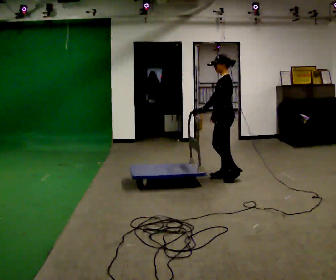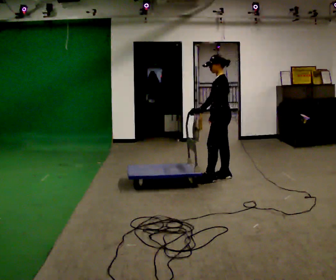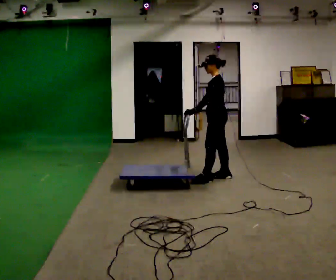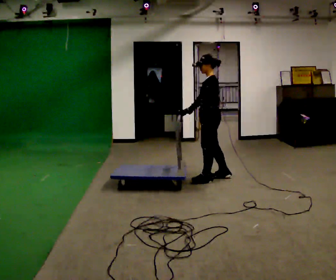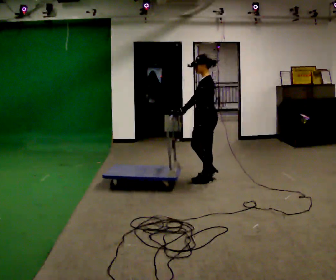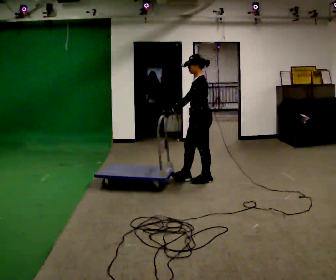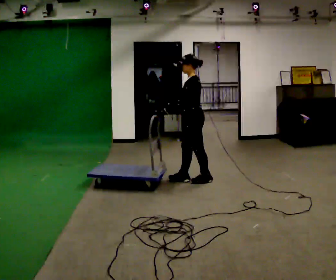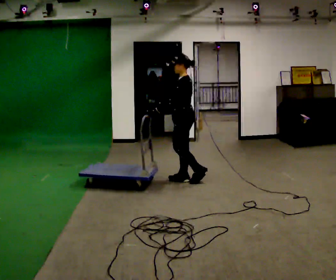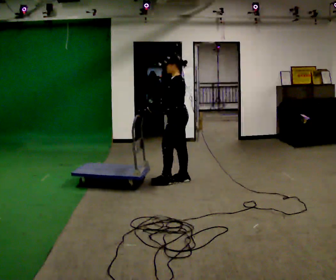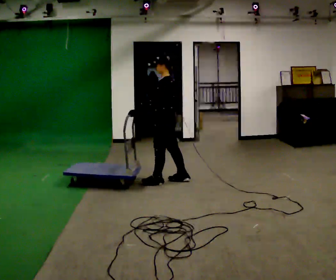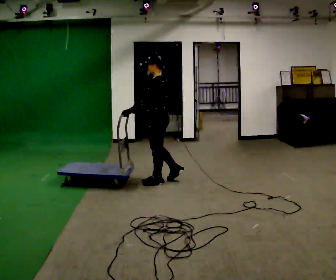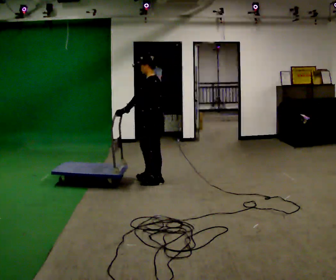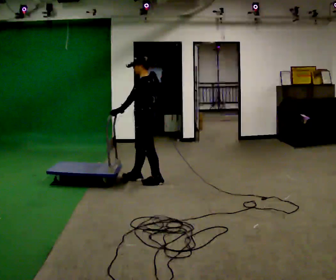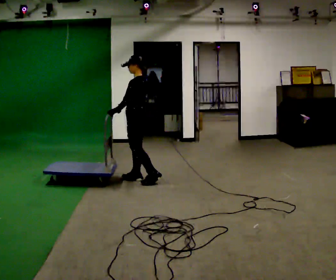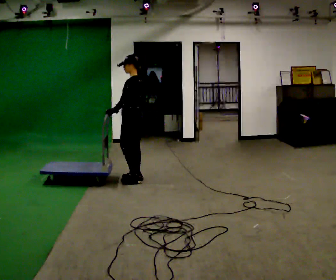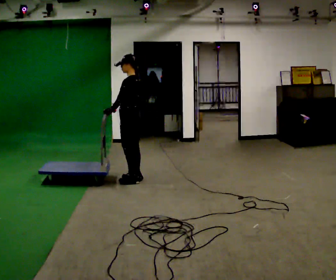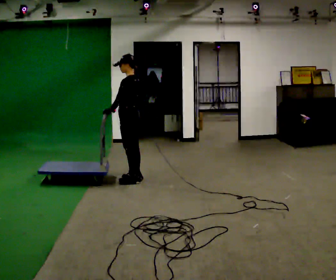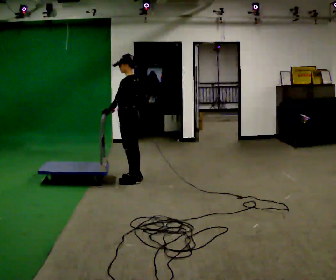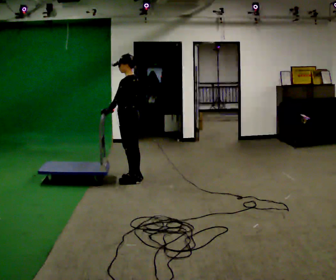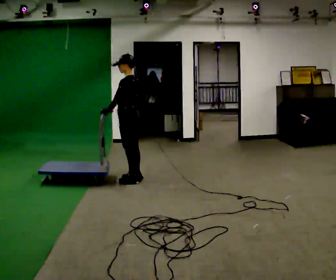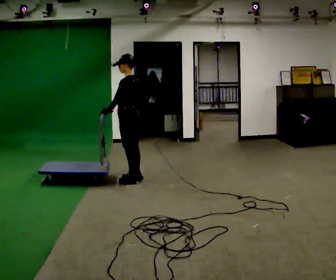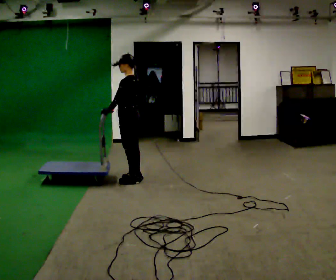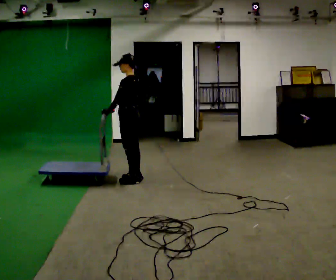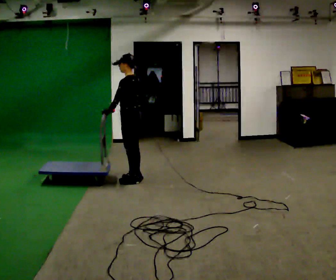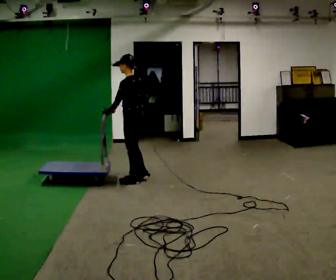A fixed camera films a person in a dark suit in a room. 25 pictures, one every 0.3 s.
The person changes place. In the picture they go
to the left.
0.0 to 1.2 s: In the picture they go to the left, about 0.25 m in 1 step, which for them is forward and to their left.
1.2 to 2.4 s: In the picture they go to the left, about 0.25 m in 1 step, which for them is forward.
2.4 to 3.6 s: In the picture they go to the left, about 0.5 m in 2 steps, which for them is forward.
3.6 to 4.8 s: In the picture they go to the left, about 0.25 m in 1 step, which for them is forward.
4.8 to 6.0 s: The person keeps their place and pose.
6.0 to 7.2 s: The person moves a little, or ends about where they began.
The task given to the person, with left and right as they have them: Push the cart across the room using only the hand the operator calls. Keep your other arm at your side.
The film runs forward here.
